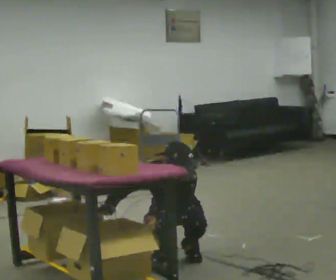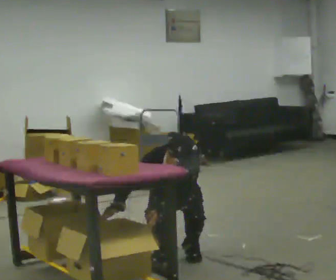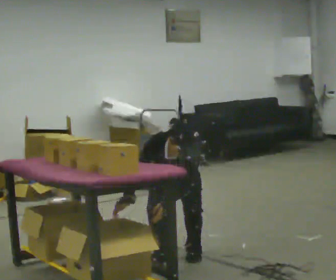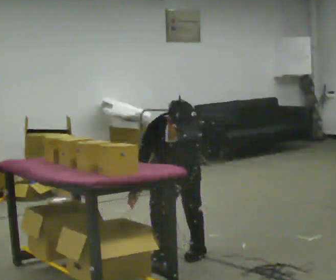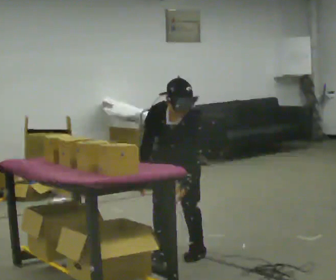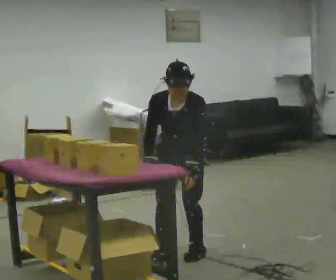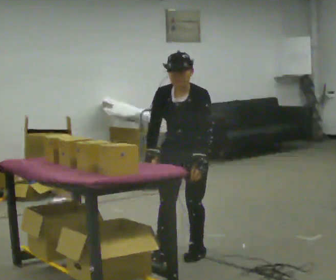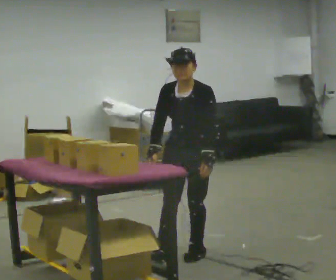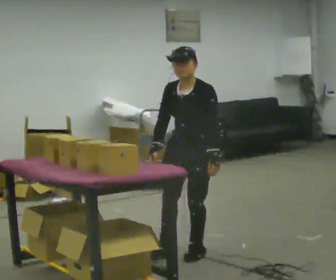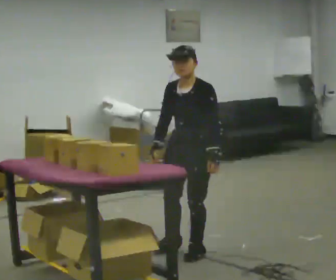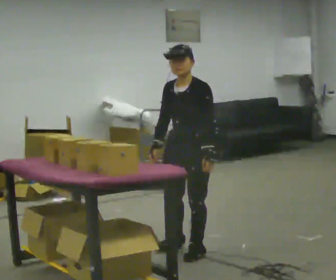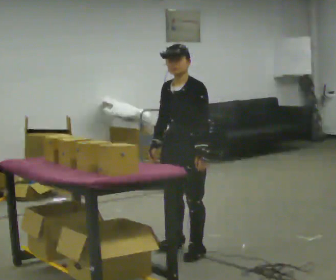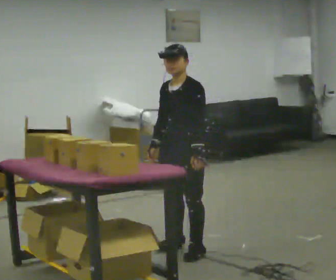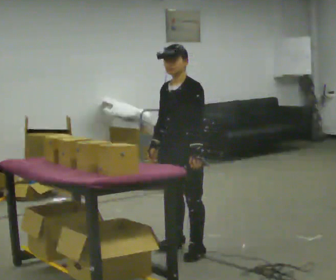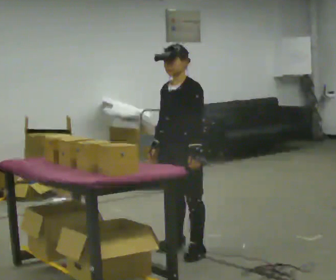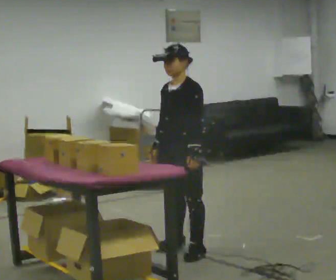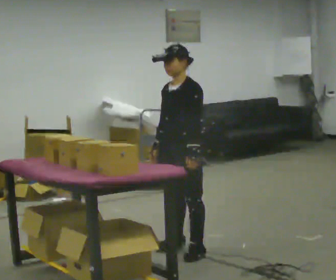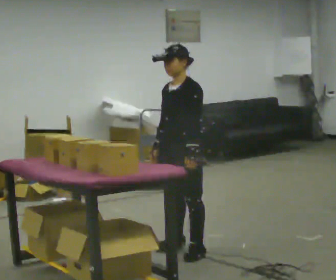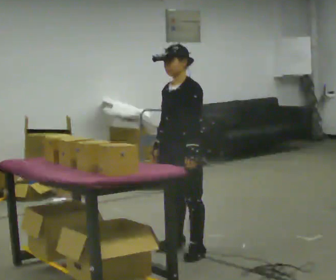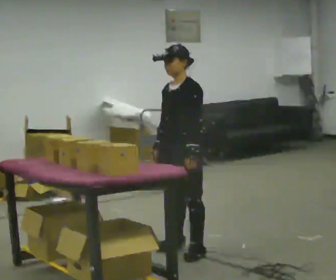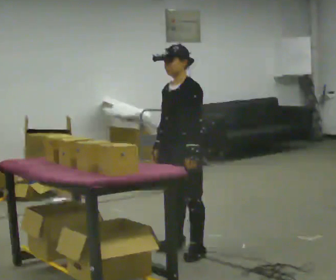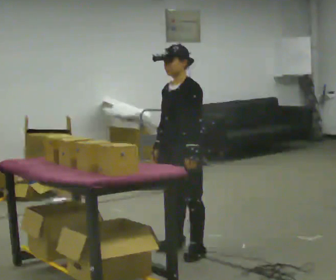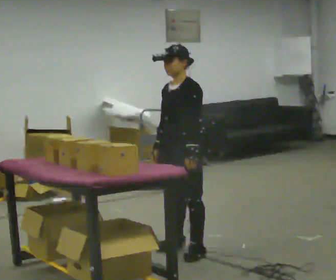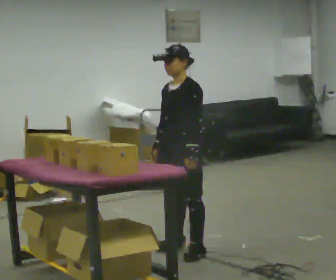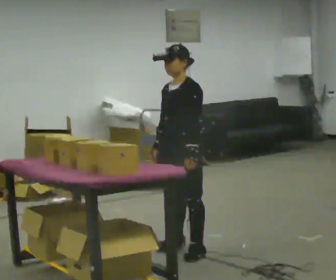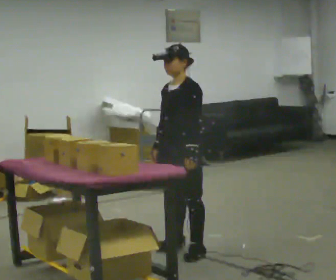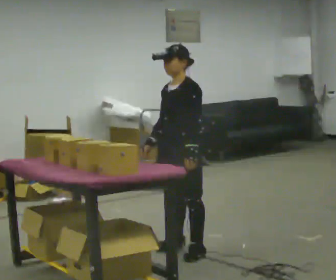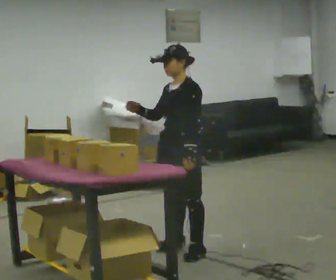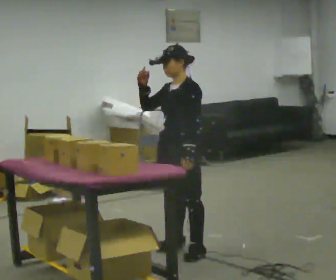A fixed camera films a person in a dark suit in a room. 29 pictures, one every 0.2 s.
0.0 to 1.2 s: The upper body goes upward. The upper body tips away from the camera, its near side rolling upward, as they lean back or straighten. In the picture their right hand goes to the right.
1.2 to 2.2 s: The person turns about 30 degrees to their right, clockwise seen from above, so the part of the body nearest the lens slides to the left. The upper body tips away from the camera, its near side rolling upward, as they lean back or straighten.
2.2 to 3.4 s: The person moves a little, or ends about where they began.
3.4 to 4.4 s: The person keeps their place and pose.
4.4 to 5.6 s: In the picture their right hand goes upward.
The film runs forward here.
